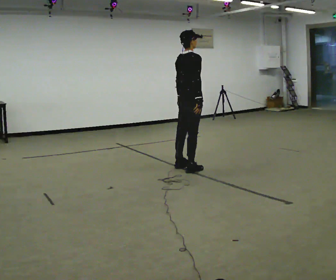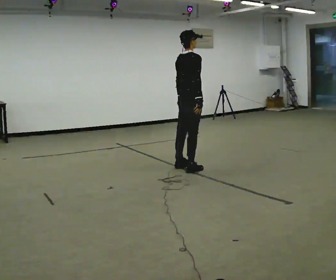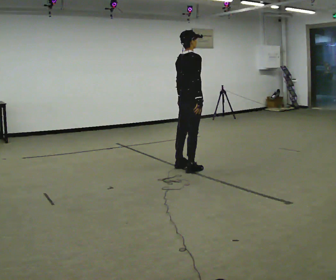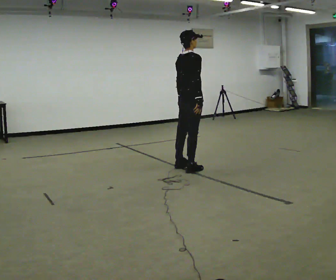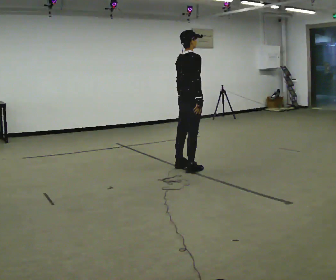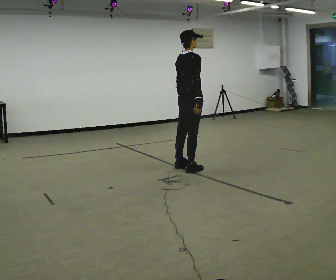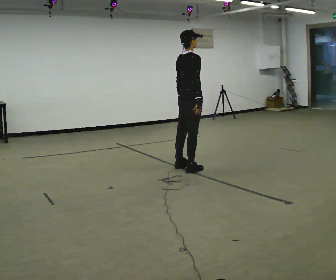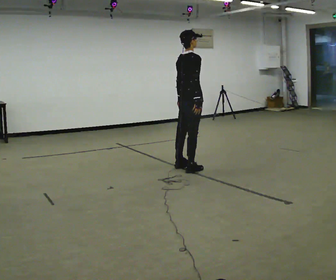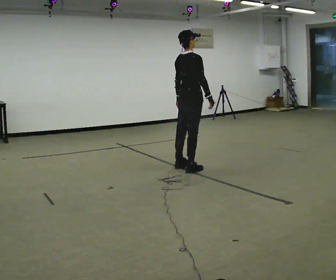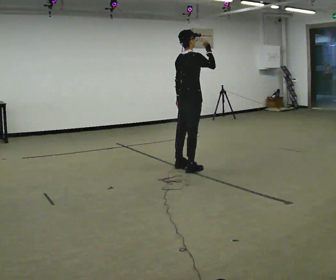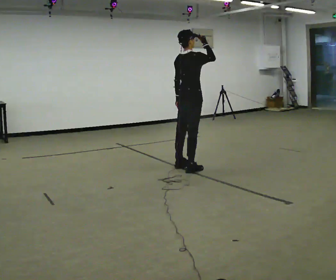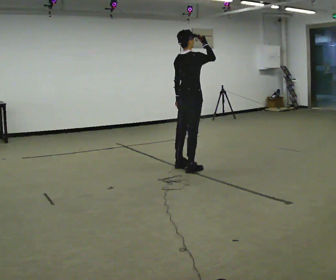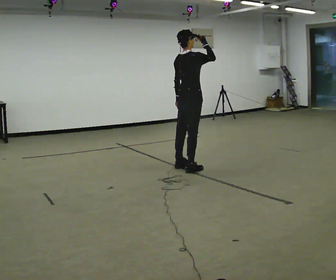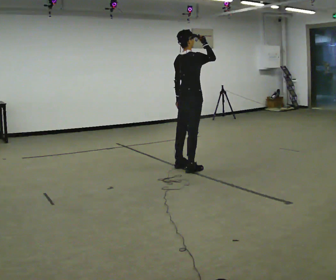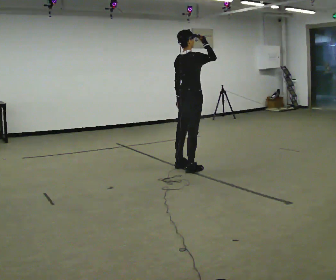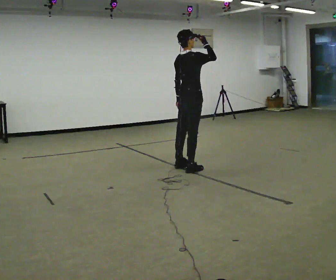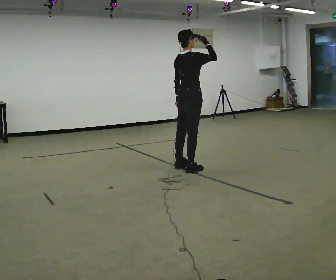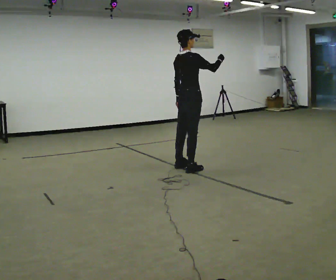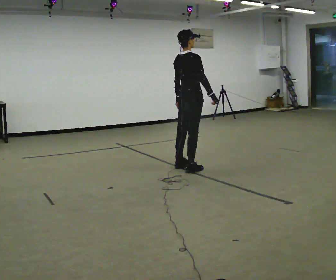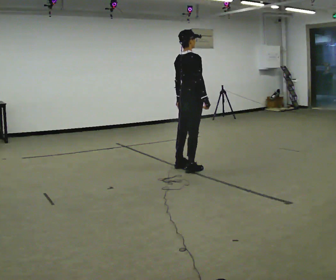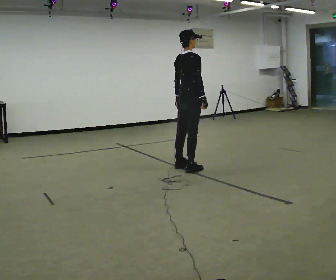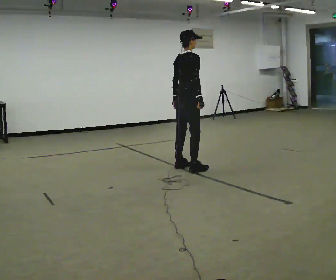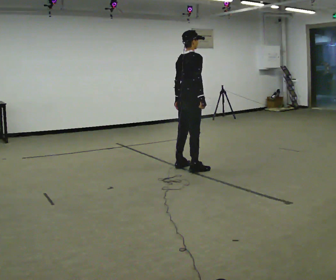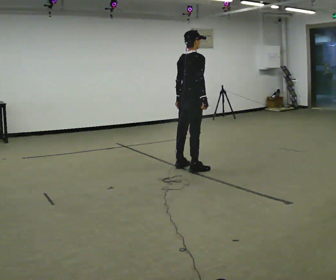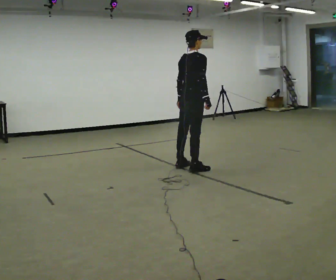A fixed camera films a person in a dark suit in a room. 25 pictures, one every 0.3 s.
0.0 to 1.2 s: The person keeps their place and pose.
1.2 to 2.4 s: The person moves a little, or ends about where they began.
2.4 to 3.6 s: In the picture their right hand goes upward.
3.6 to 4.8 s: The person moves a little, or ends about where they began.
4.8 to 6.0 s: In the picture their right hand goes downward.
6.0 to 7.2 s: The person moves a little, or ends about where they began.
The film runs backward here.
